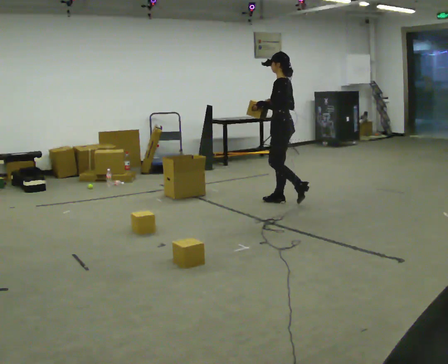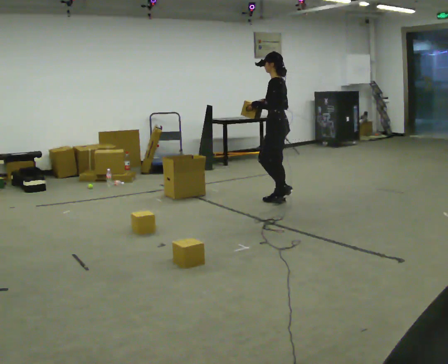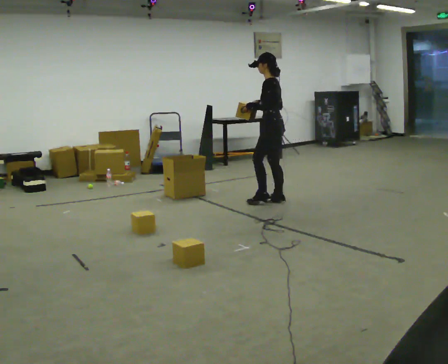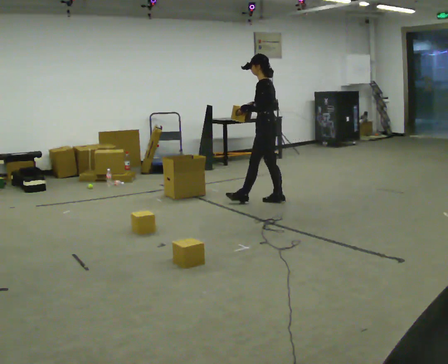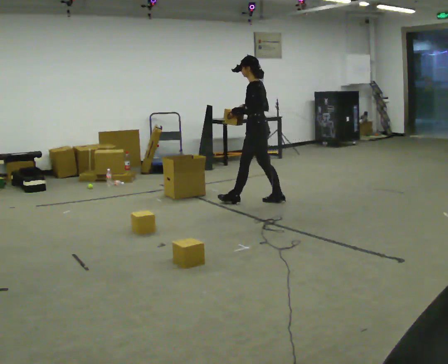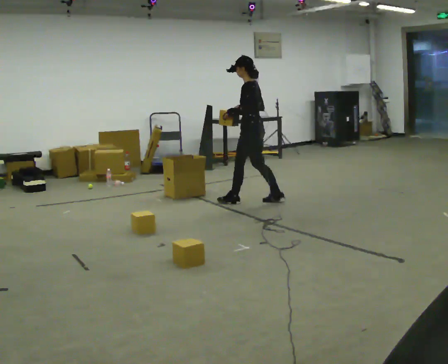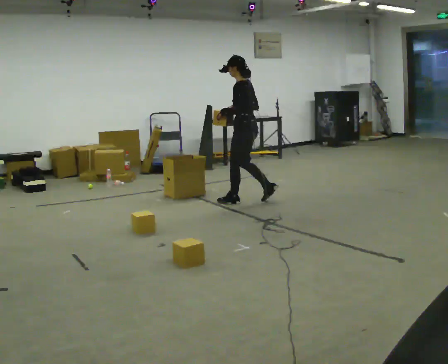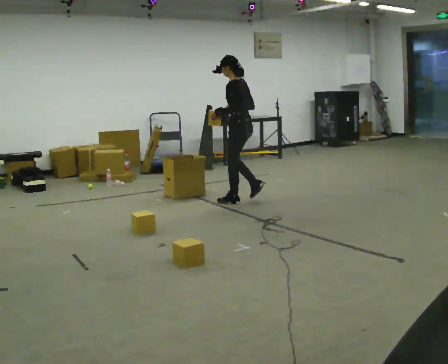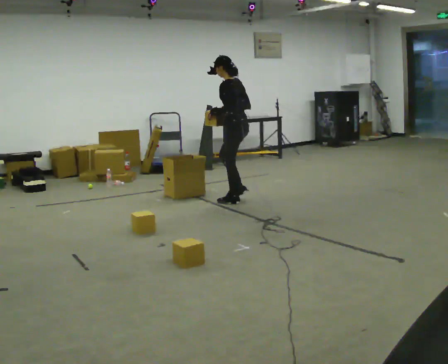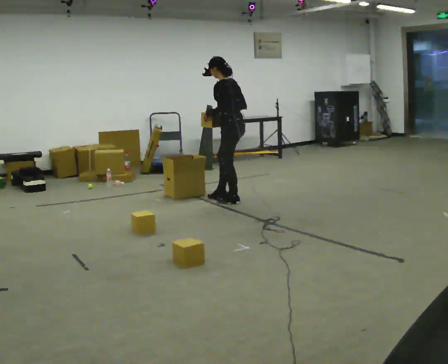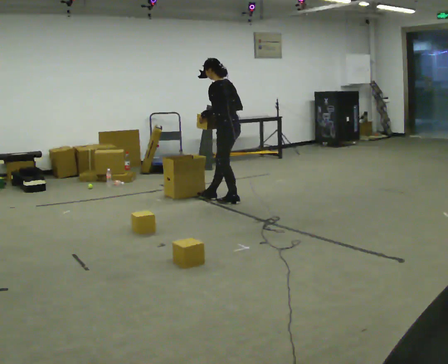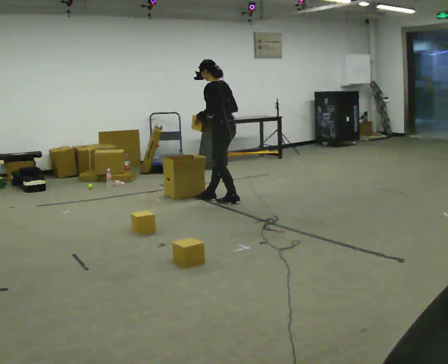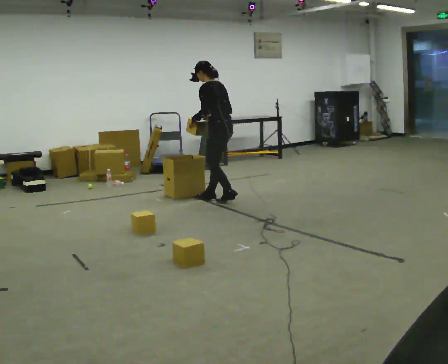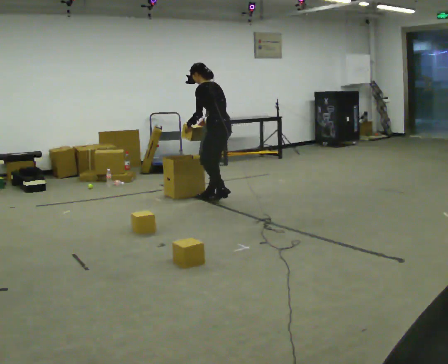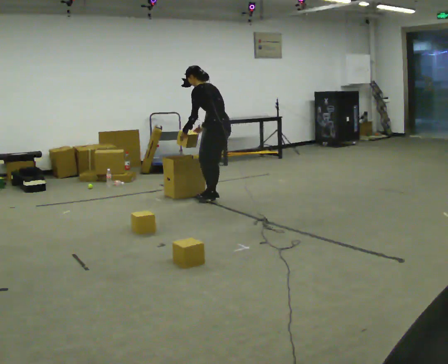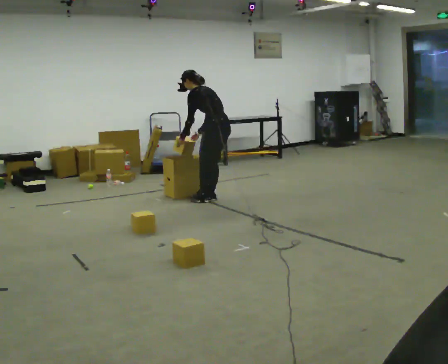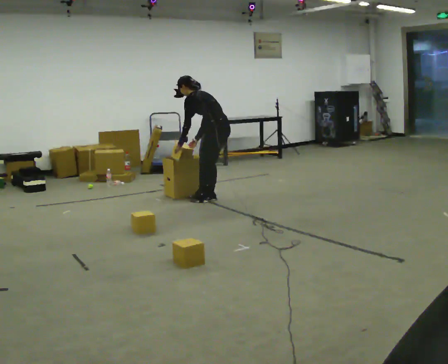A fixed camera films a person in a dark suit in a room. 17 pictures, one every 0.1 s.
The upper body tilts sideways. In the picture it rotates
counterclockwise.
Their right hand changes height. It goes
downward.
0.0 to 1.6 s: In the picture they go to the left, about 0.5 m in 3 steps, which for them is forward. In the picture the upper body tilts counterclockwise, shoulders to the left, as they bend forward. In the picture their right hand goes downward.
The film runs forward here.
